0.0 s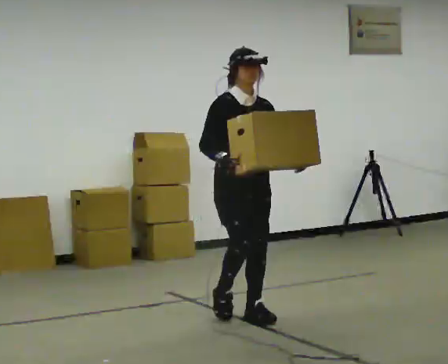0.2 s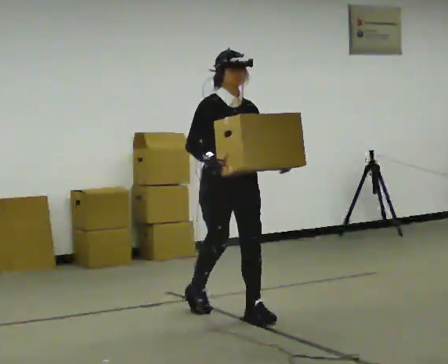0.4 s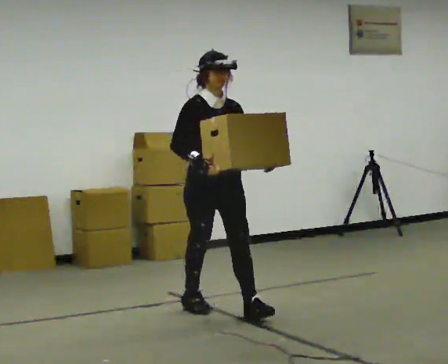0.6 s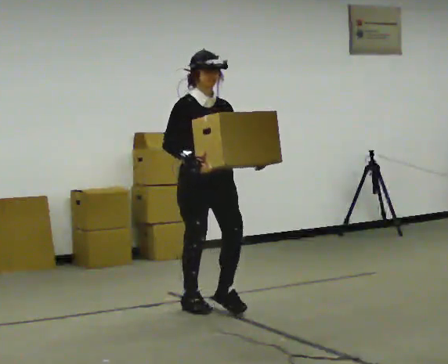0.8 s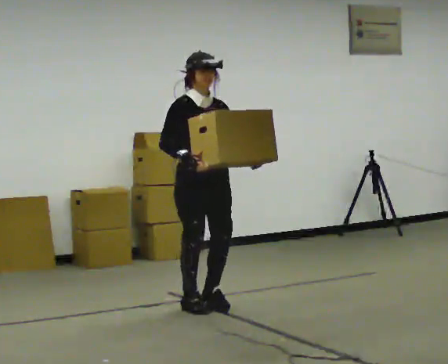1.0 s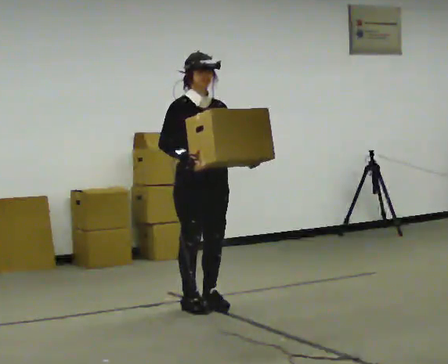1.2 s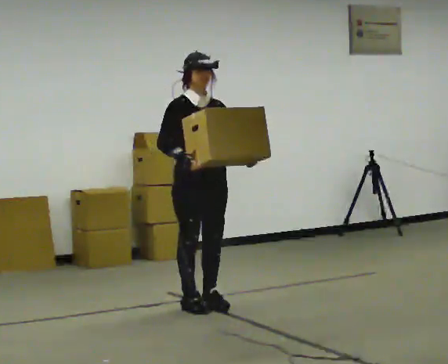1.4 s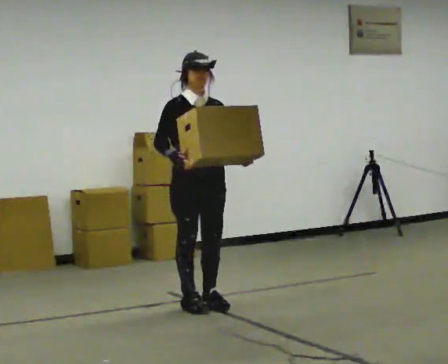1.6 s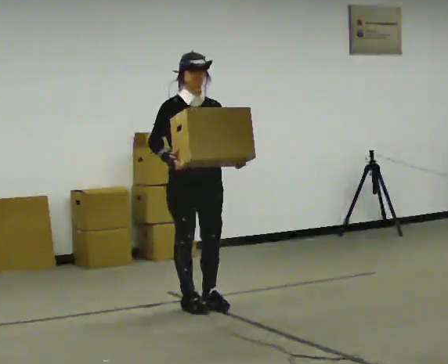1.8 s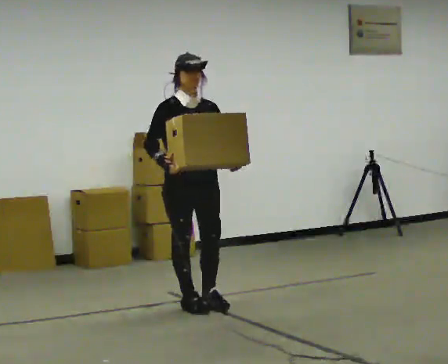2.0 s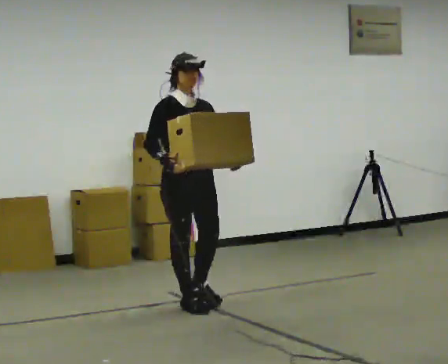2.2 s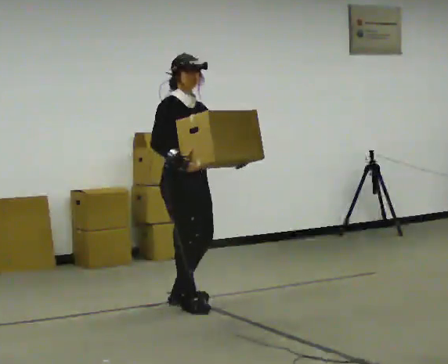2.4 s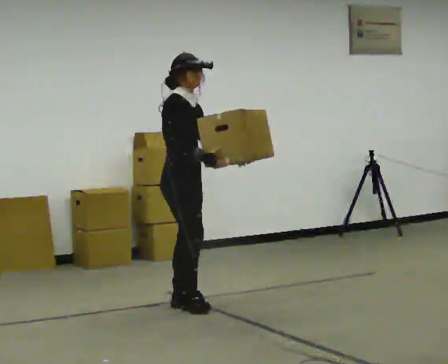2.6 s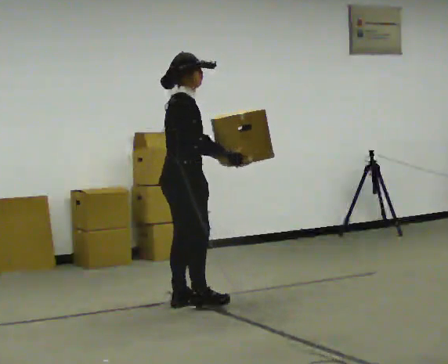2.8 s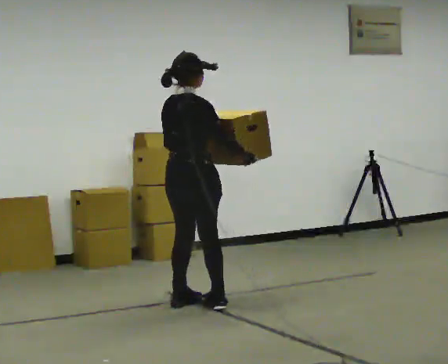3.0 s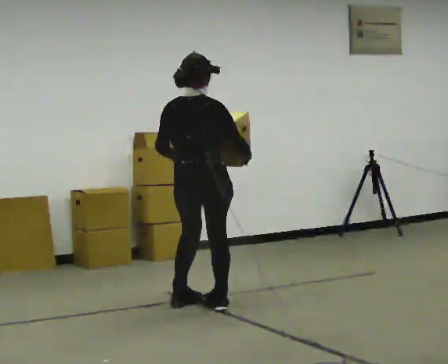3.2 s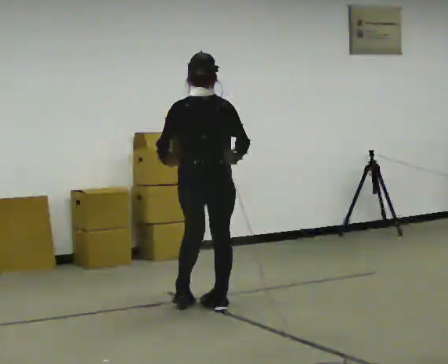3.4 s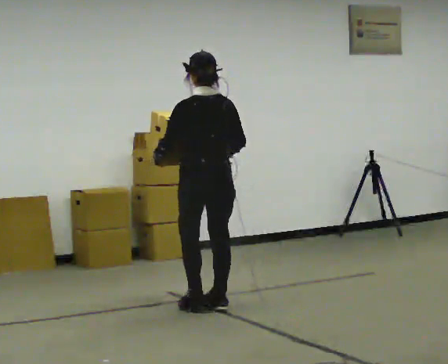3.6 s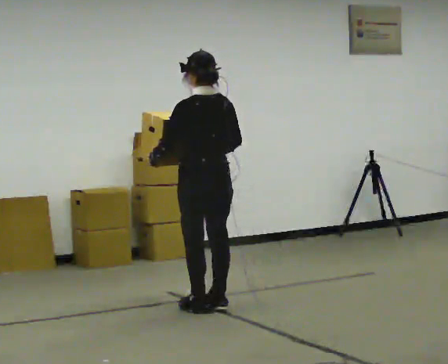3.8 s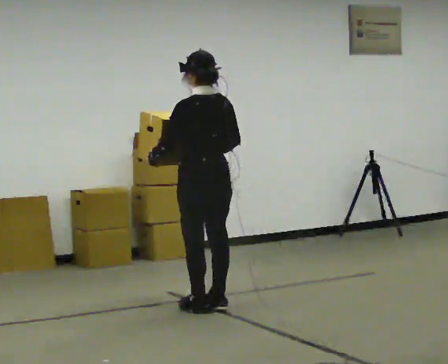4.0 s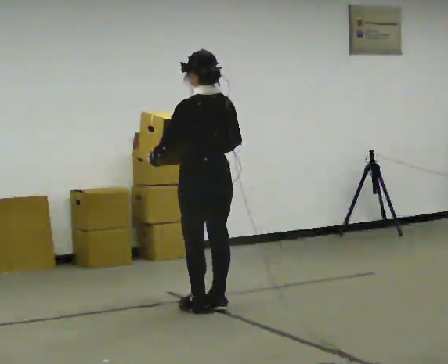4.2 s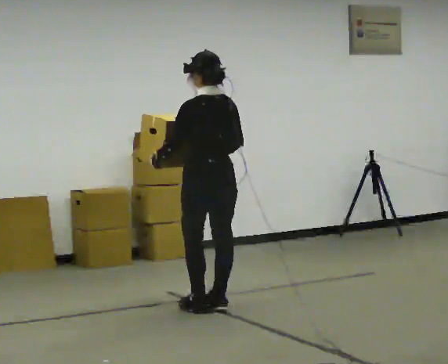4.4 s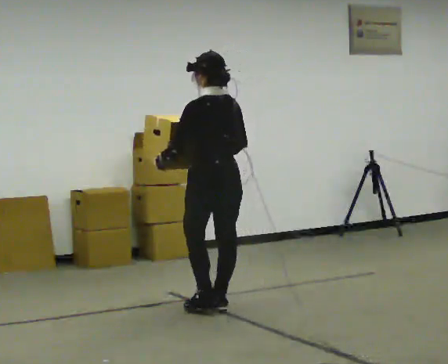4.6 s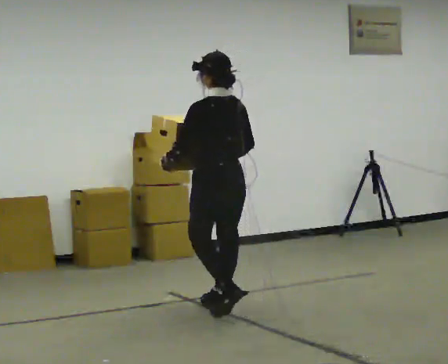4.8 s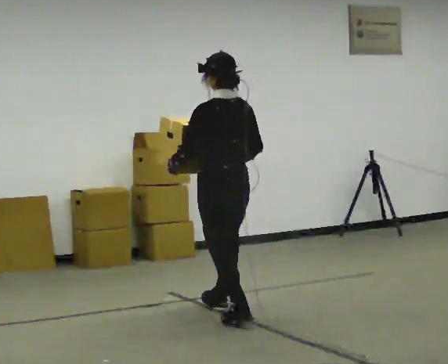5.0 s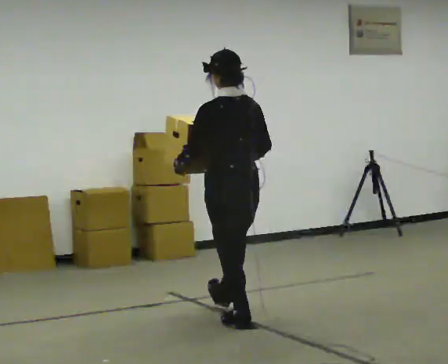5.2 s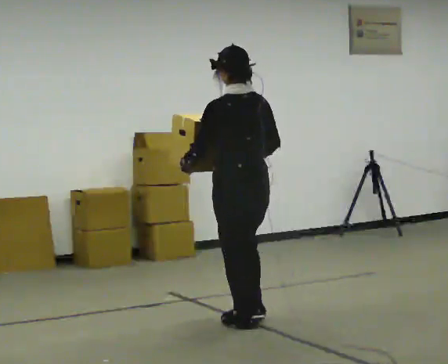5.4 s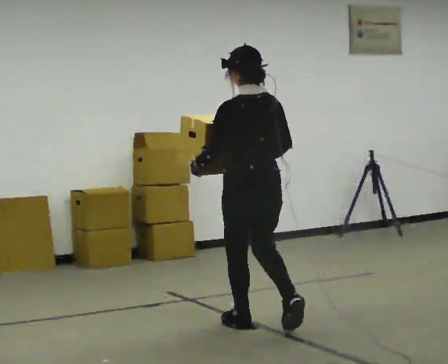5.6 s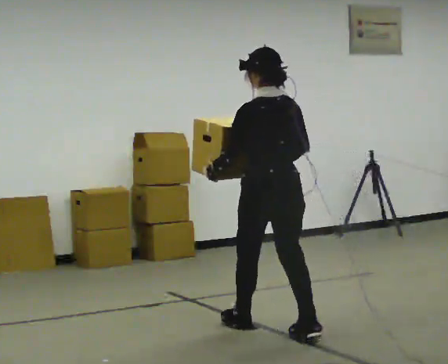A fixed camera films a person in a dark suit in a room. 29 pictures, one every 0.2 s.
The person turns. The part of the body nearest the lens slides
to the right.
The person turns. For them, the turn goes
to their left.
0.0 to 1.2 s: In the picture they go away from the camera and to the left, about 0.5 m in 1 step, which for them is backward.
1.2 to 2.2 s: The person turns about 30 degrees to their left, counterclockwise seen from above, so the part of the body nearest the lens slides to the right.
2.2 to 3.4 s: Seen from above the body turns counterclockwise, about 150 degrees: to their left, with its near side sliding to the right. In the picture they go to the right, about 0.25 m in 2 steps. In the picture their right hand goes to the right.
3.4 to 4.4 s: The person moves a little, or ends about where they began.
4.4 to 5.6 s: In the picture they go toward the camera and to the right, about 0.75 m in 1 step, which for them is backward.
The film runs backward here.
